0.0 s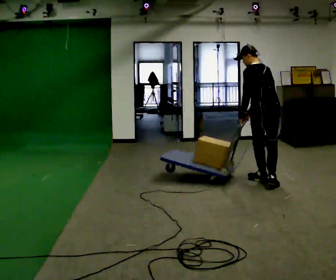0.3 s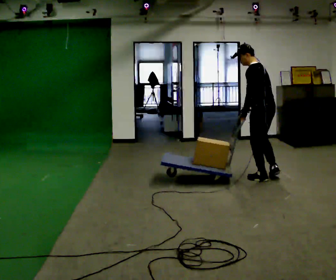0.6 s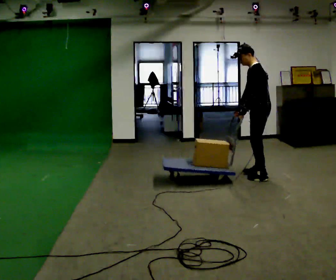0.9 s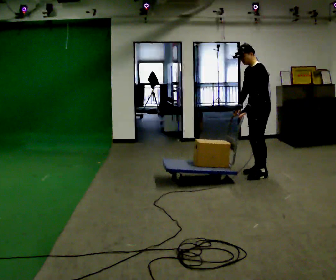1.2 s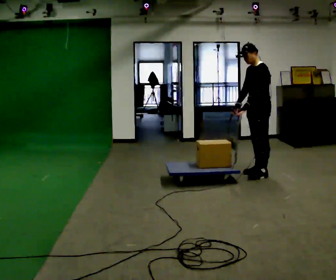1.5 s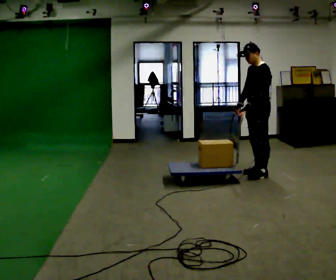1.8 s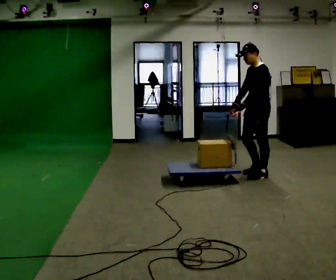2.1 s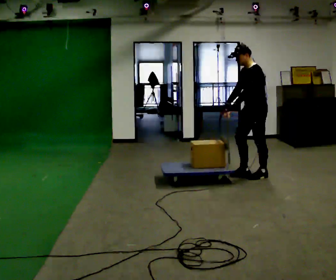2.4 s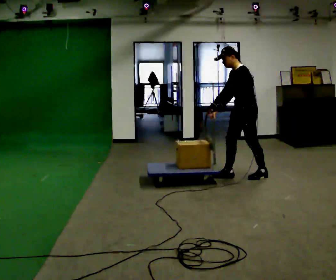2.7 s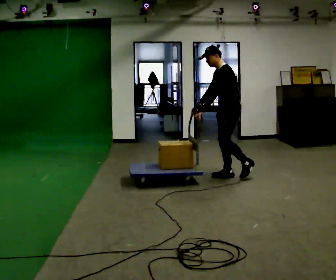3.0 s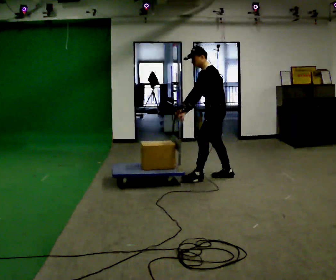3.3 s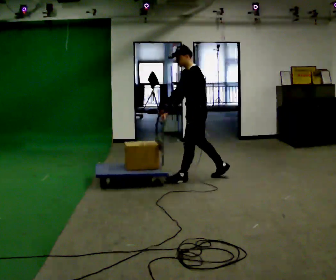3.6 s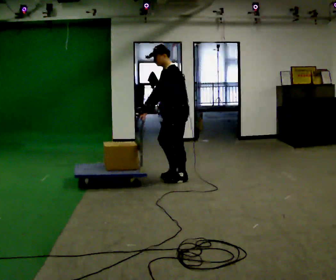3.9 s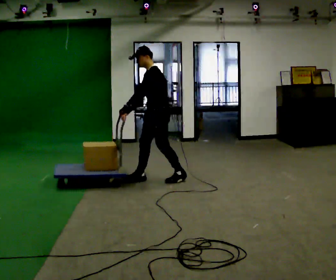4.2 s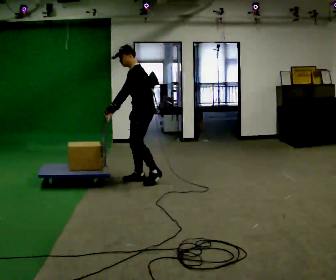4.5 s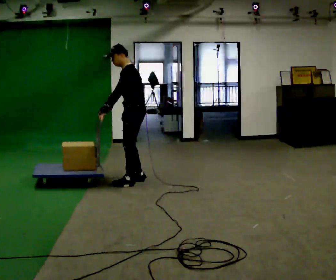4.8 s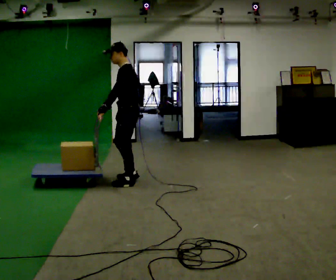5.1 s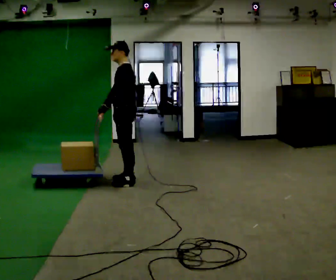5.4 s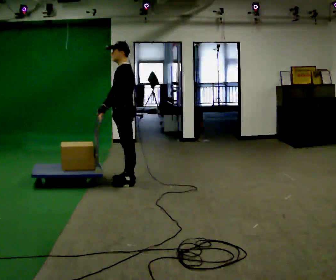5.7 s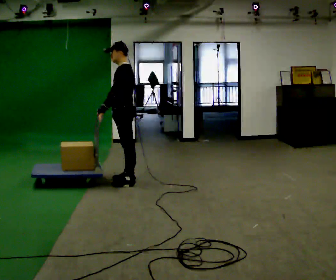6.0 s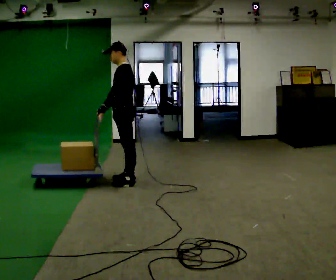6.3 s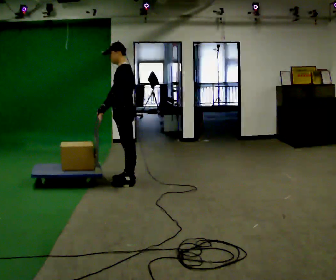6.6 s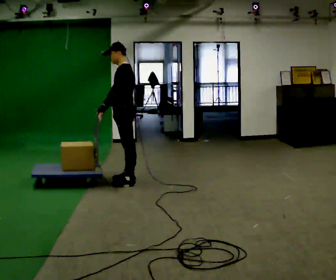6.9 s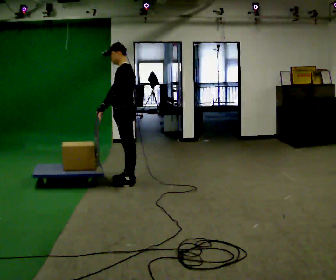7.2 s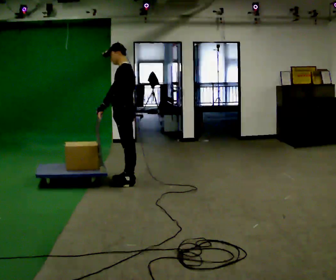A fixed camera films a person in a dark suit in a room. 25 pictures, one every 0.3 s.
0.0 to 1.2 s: Seen from above the body turns counterclockwise, about 75 degrees: to their left, with its near side sliding to the right. In the picture they go away from the camera, about 0.5 m in 2 steps.
1.2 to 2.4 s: In the picture they go to the left, about 0.25 m in 1 step, which for them is forward. In the picture their right hand goes to the left.
2.4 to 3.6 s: In the picture they go to the left, about 1 m in 1 step, which for them is forward.
3.6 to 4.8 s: In the picture they go to the left, about 0.5 m in 2 steps, which for them is forward.
4.8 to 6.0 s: The person moves a little, or ends about where they began.
6.0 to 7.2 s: The person keeps their place and pose.
The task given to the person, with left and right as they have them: Stand still with your hands on the cart. When the operator says go, get it moving, push it a few metres, then bring it to a stop. Repeat until the operator says stop.
The film runs forward here.
